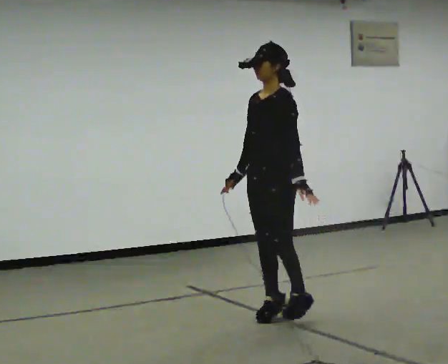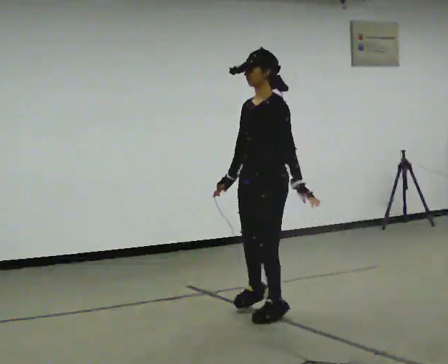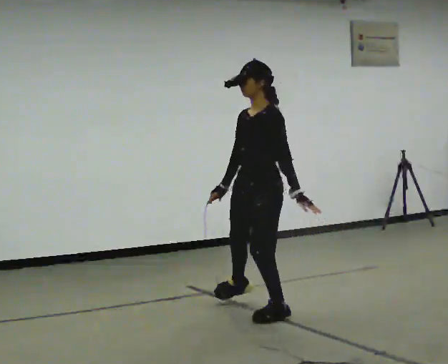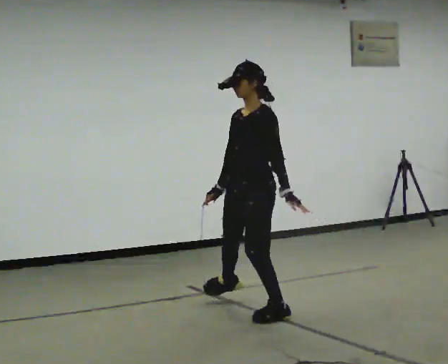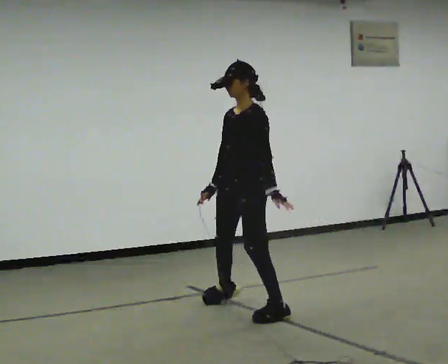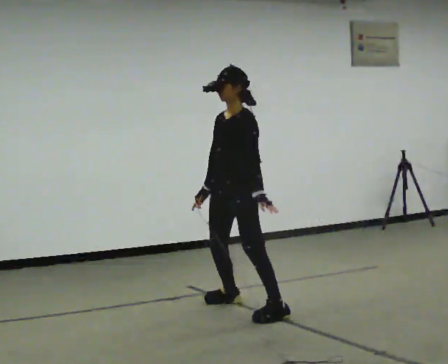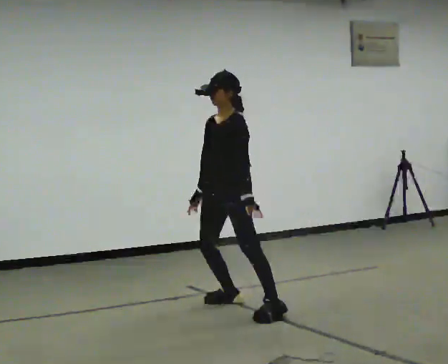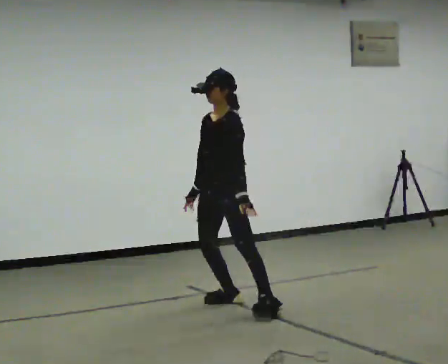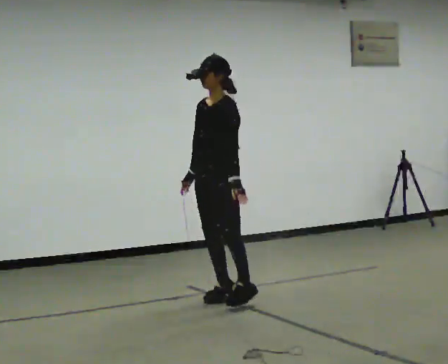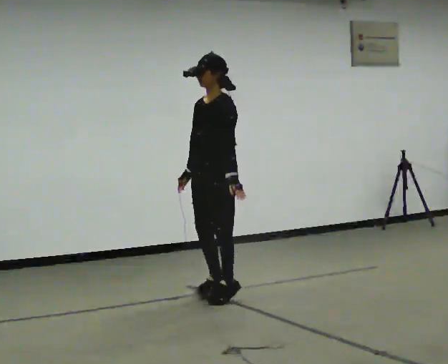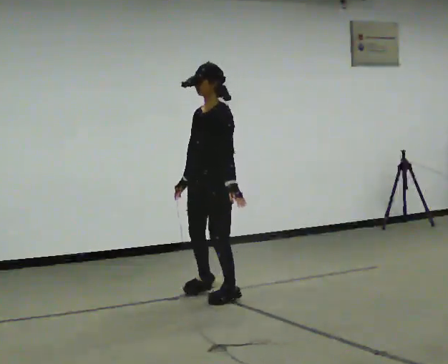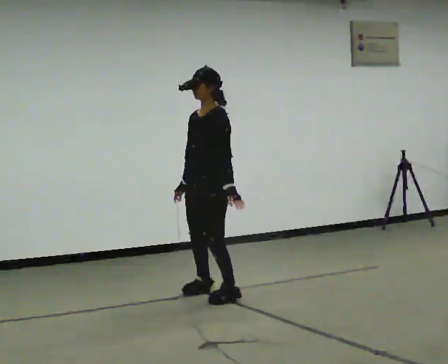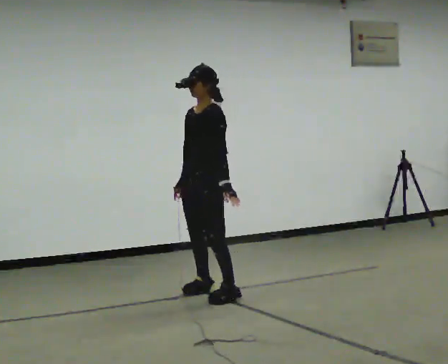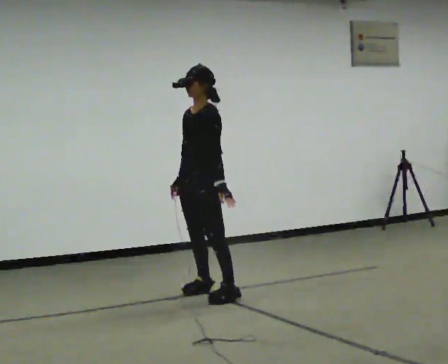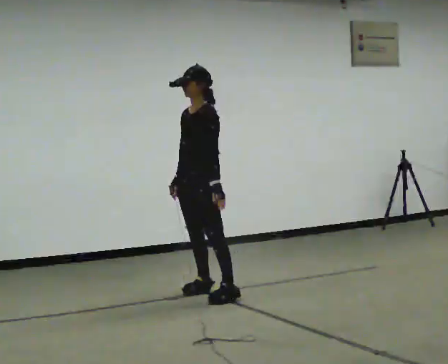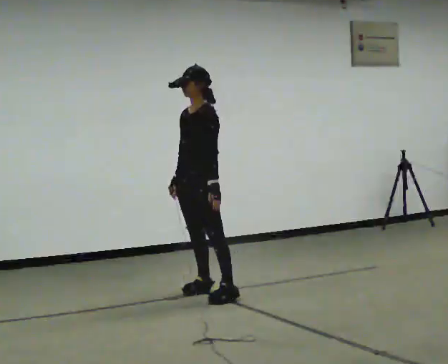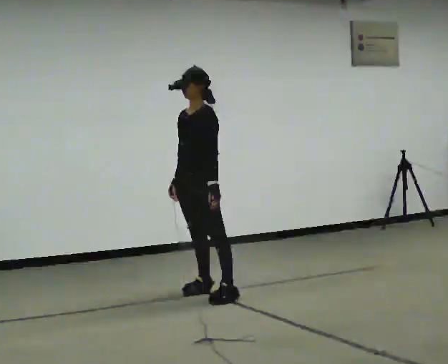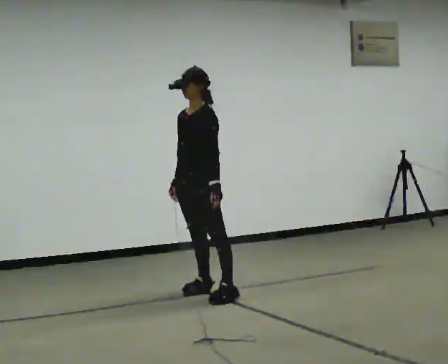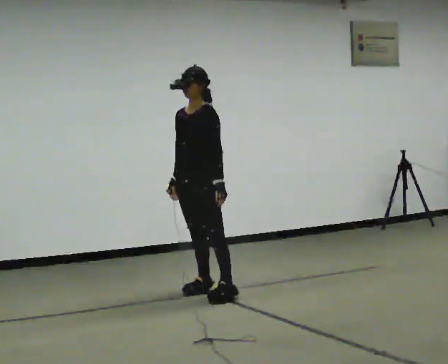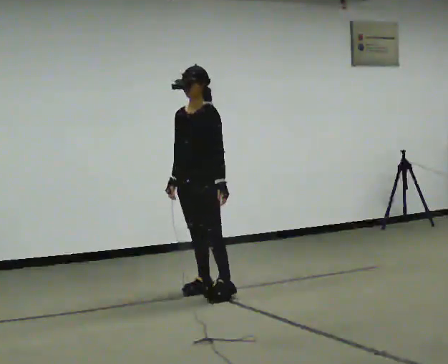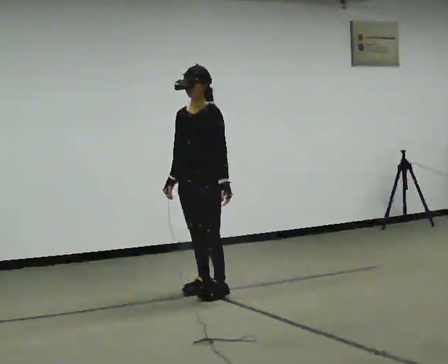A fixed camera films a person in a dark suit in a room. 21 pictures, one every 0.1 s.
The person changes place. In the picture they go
away from the camera.
0.0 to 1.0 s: In the picture they go away from the camera and to the left, about 1 m in 3 steps, which for them is to their right.
1.0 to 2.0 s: In the picture they go away from the camera, about 0.25 m in 1 step, which for them is to their right.
The film runs forward here.
